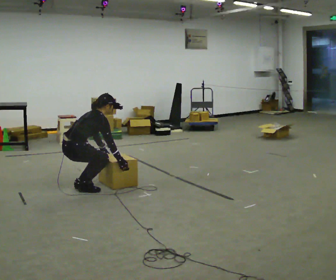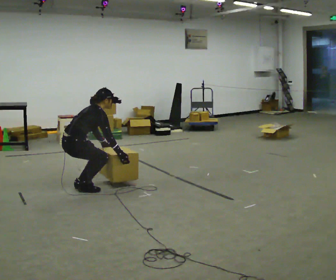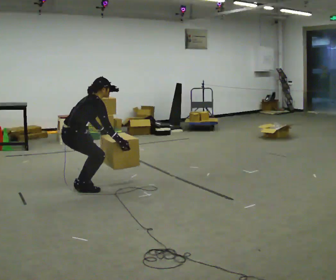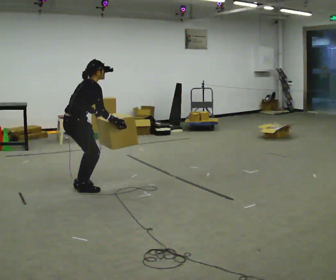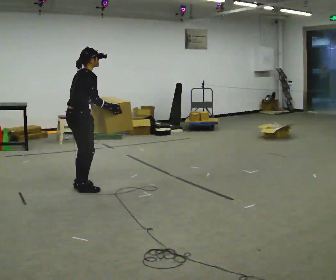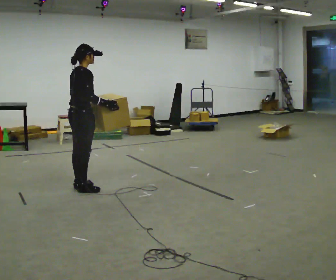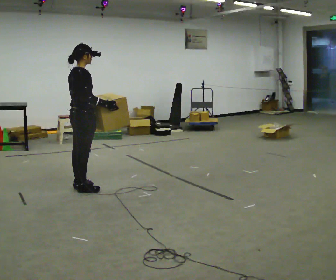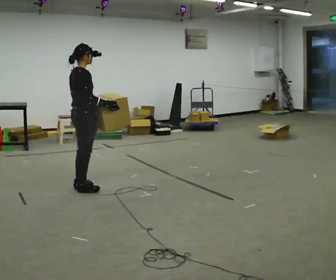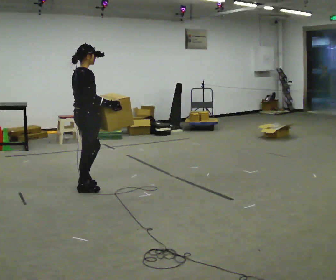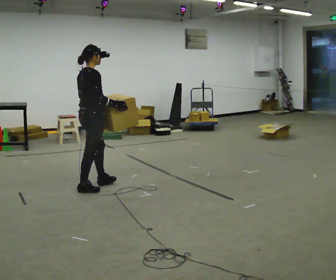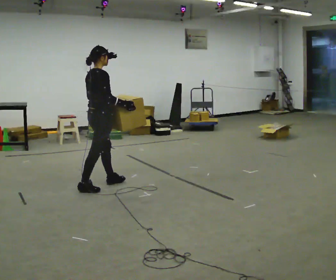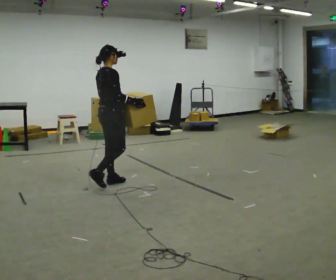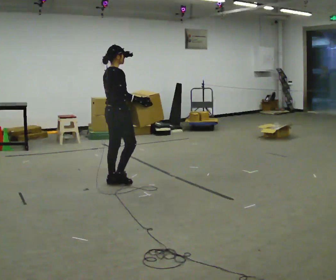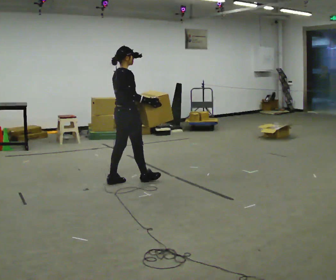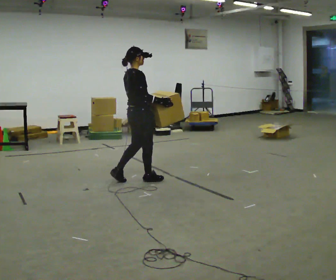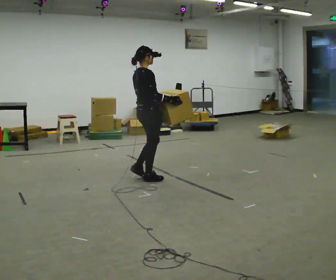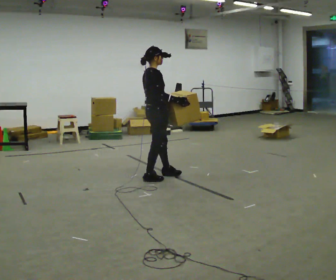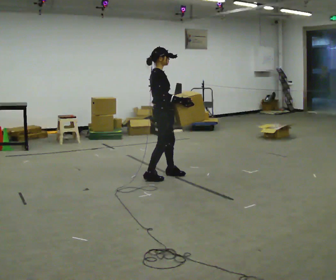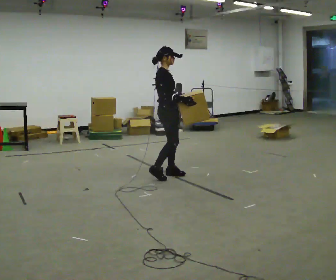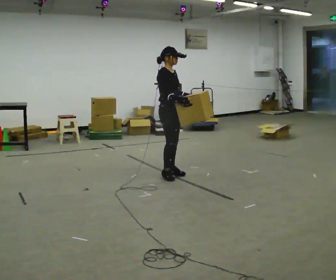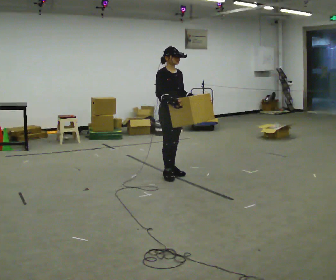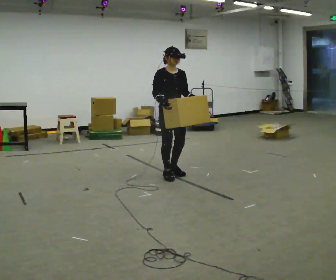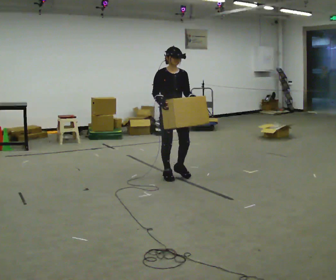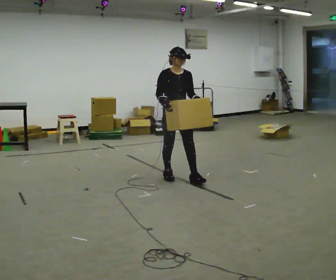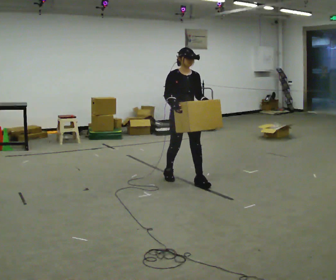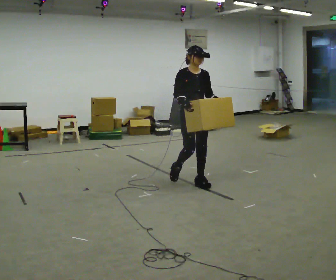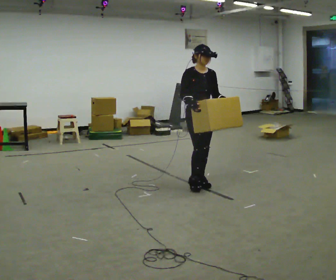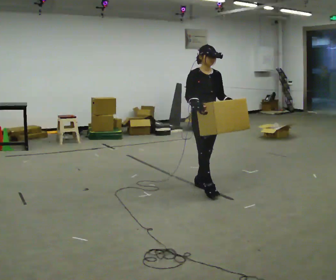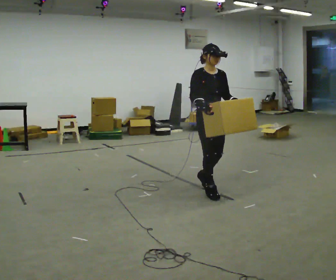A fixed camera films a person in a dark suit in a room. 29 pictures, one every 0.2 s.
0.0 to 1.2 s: The shoulders move upward. In the picture the upper body tilts counterclockwise, shoulders to the left, as they lean back or straighten. In the picture their right hand goes upward.
1.2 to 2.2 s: In the picture they go to the right and away from the camera, about 0.25 m in 1 step, which for them is forward.
2.2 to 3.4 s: In the picture they go to the right and away from the camera, about 0.75 m in 2 steps, which for them is forward.
3.4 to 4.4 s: Seen from above the body turns clockwise, about 75 degrees: to their right, with its near side sliding to the left.
4.4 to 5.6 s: In the picture they go toward the camera and to the right, about 0.75 m in 2 steps, which for them is forward.
The film runs forward here.
